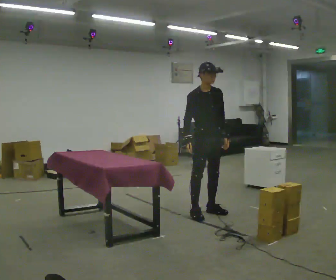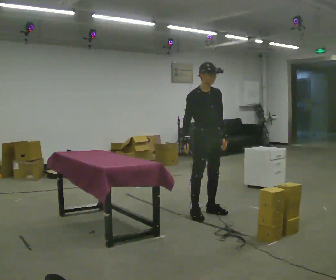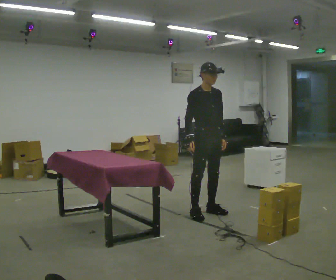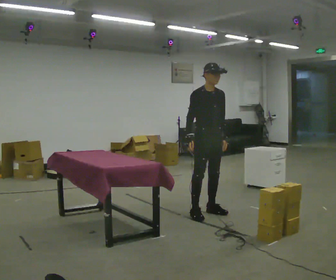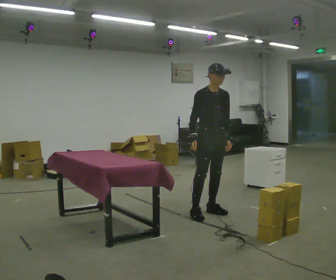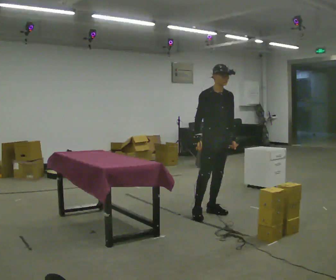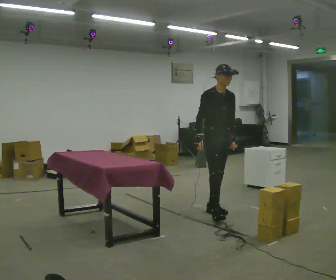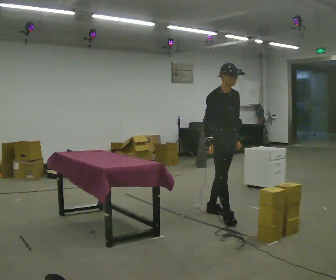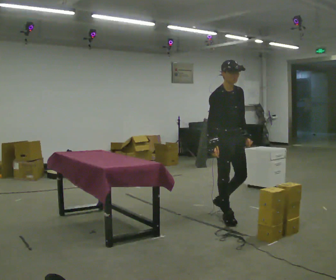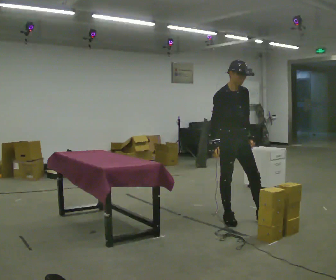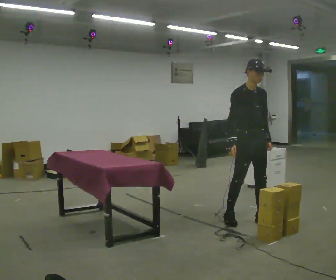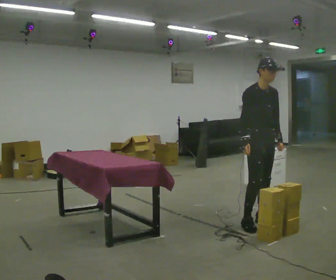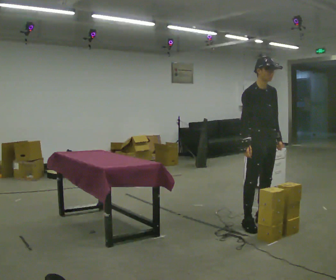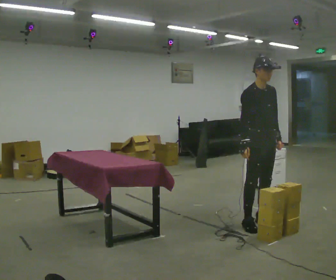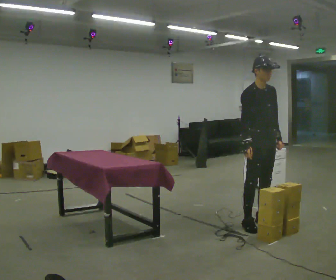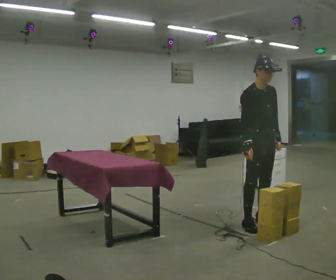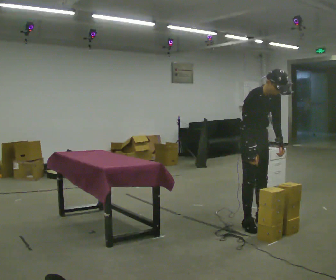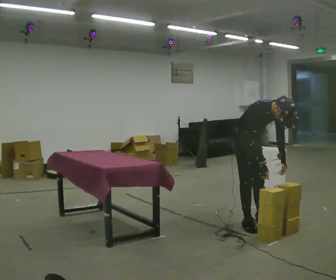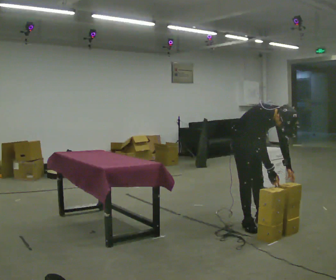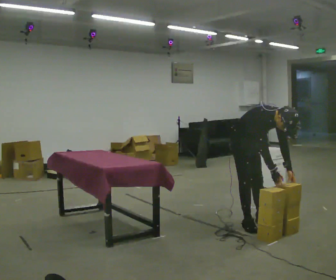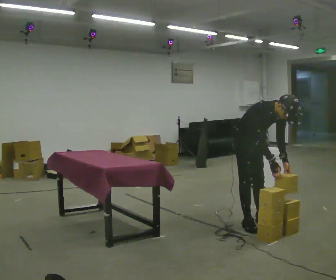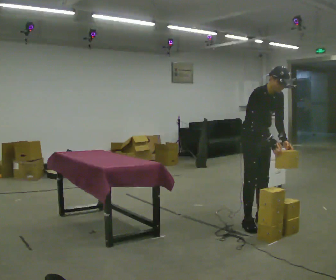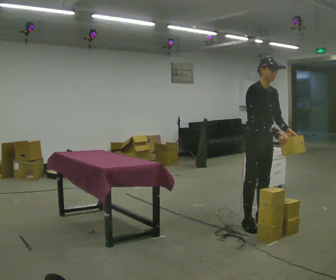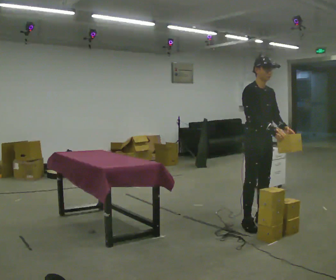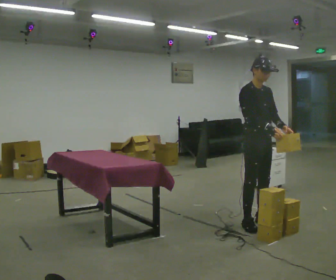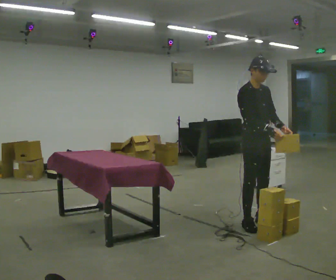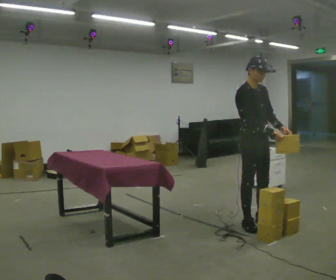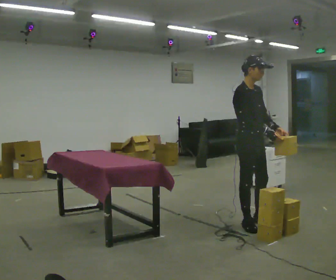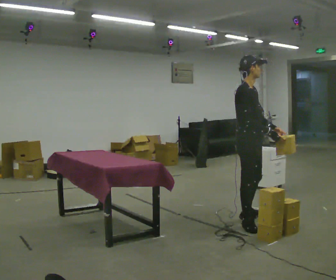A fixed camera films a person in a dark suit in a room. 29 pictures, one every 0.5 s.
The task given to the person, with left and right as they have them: 1. The operator will tell you the shelf is already sorted and just needs moving to the table. 2. Do what you think is right. 3. Tell the operator when you are finished.
0.0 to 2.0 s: The person moves a little, or ends about where they began.
2.0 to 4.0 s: In the picture they go toward the camera and to the right, about 0.25 m in 1 step, which for them is forward.
4.0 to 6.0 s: In the picture they go to the right and toward the camera, about 0.5 m in 2 steps, which for them is forward.
6.0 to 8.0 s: The upper body tips toward the camera, its near side rolling downward, as they bend forward.
8.0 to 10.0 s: The person moves a little, or ends about where they began.
10.0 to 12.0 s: The upper body goes upward. In the picture the upper body tilts counterclockwise, shoulders to the left, as they lean back or straighten. In the picture their right hand goes upward.
12.0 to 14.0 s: Seen from above the body turns counterclockwise, about 30 degrees: to their left, with its near side sliding to the right.
The film runs forward here.
